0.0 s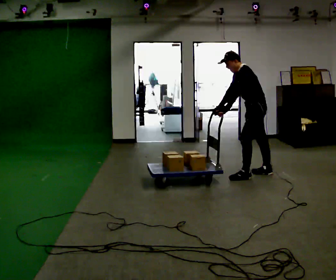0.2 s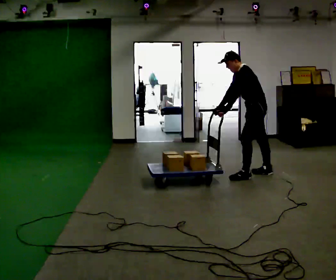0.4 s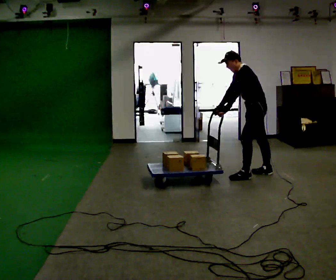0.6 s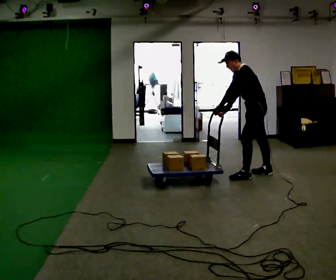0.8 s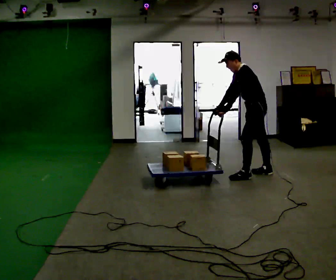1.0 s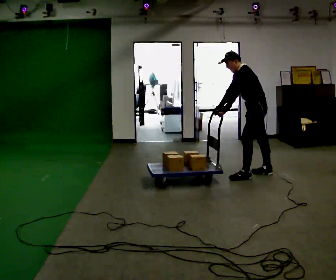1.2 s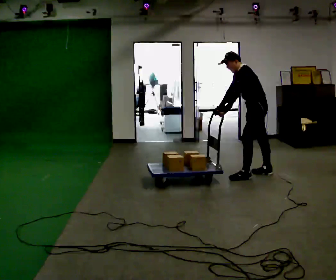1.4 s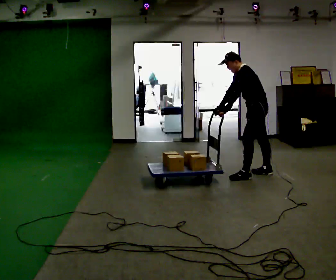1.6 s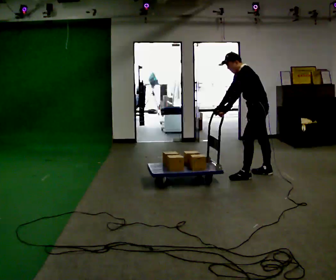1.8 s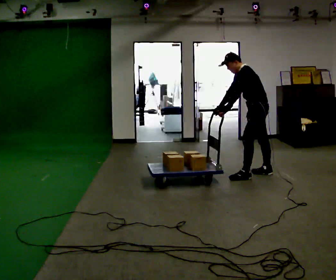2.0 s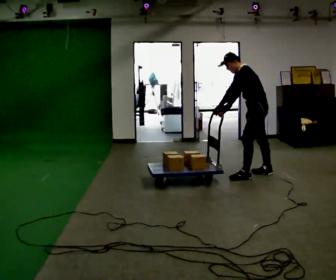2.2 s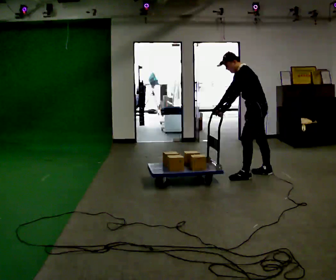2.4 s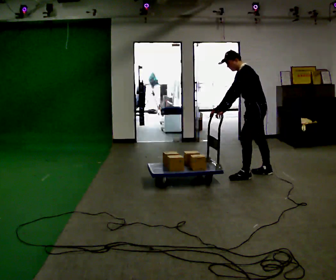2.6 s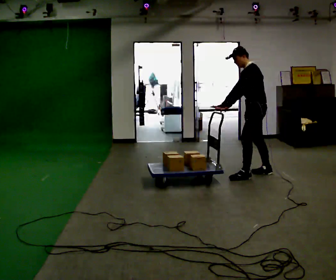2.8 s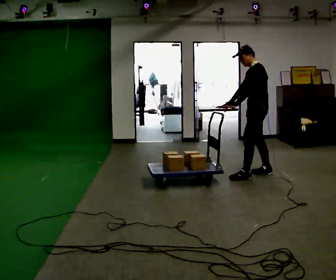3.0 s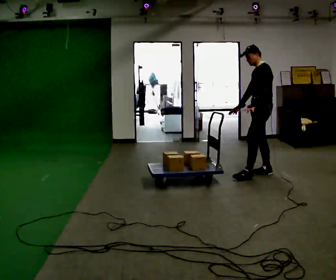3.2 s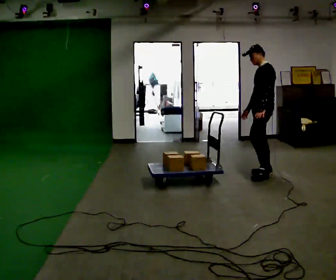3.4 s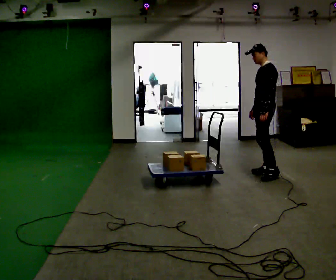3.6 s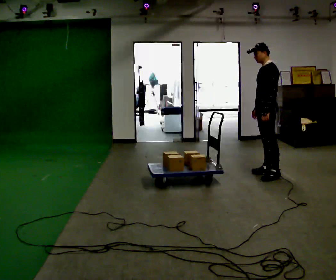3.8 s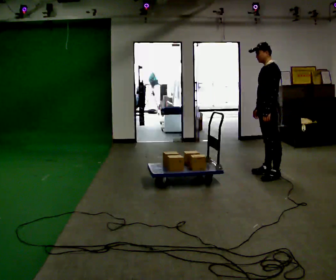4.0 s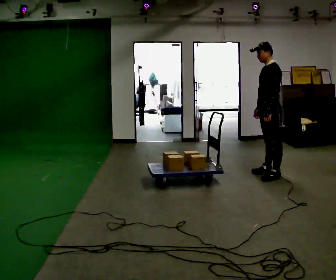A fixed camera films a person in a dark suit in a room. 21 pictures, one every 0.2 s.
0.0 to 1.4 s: The person keeps their place and pose.
1.4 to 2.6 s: In the picture the upper body tilts clockwise, shoulders to the right, as they lean back or straighten.
2.6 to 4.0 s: In the picture they go to the right, about 0.25 m in 1 step, which for them is backward. In the picture the upper body tilts clockwise, shoulders to the right, as they lean back or straighten. In the picture their right hand goes to the right.
The film runs backward here.
